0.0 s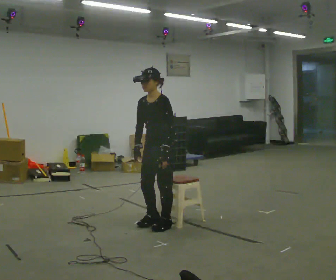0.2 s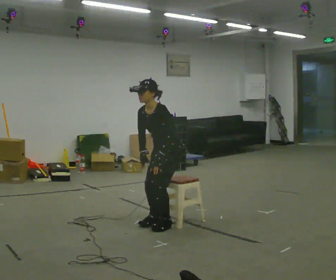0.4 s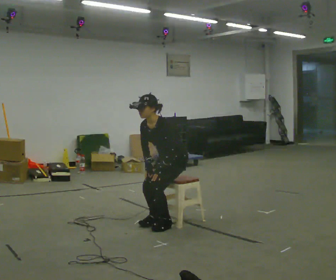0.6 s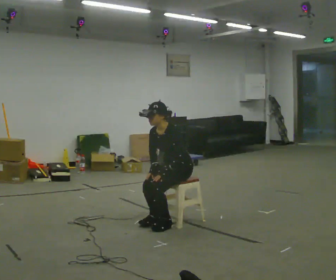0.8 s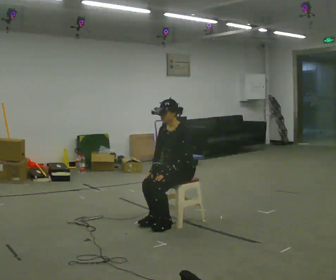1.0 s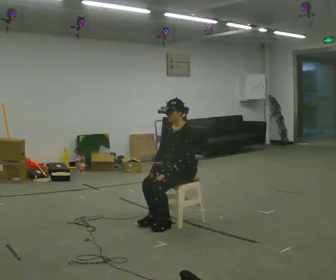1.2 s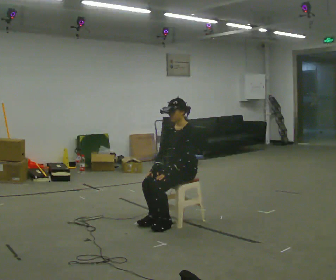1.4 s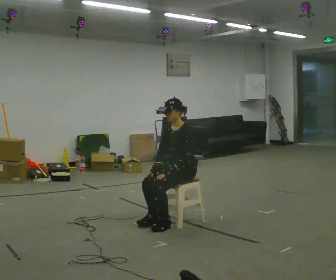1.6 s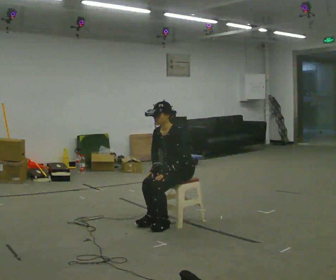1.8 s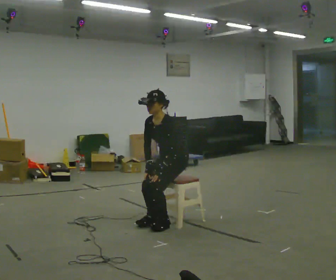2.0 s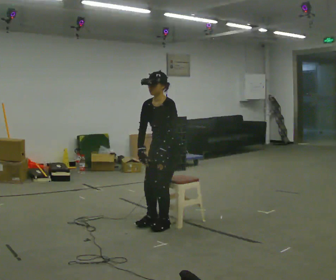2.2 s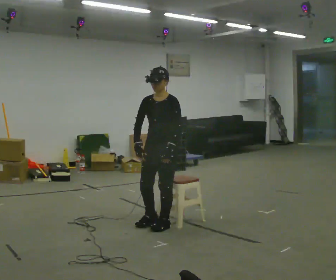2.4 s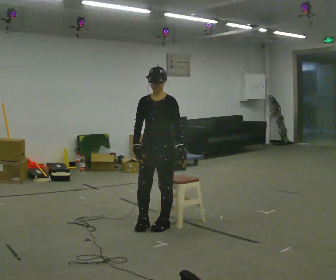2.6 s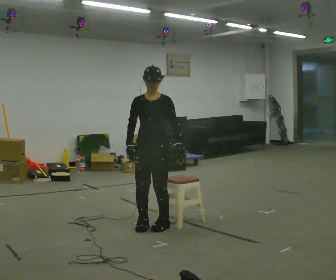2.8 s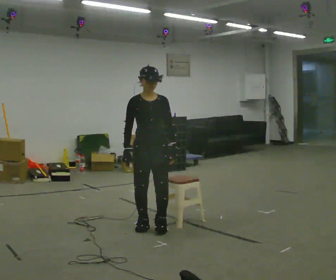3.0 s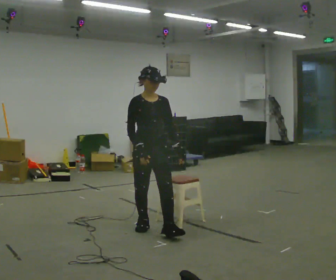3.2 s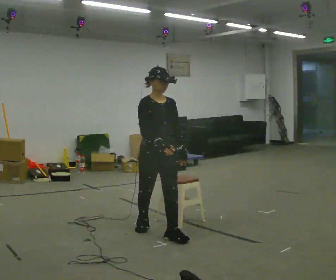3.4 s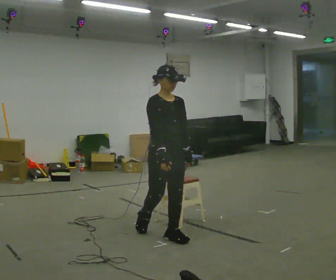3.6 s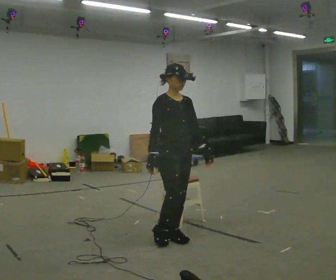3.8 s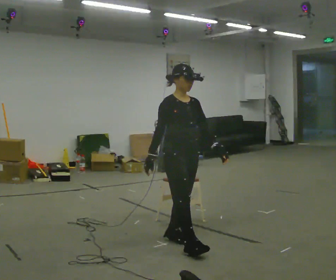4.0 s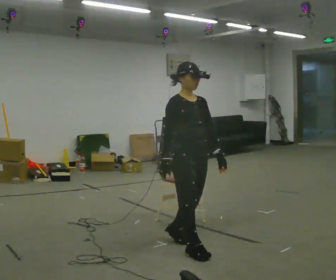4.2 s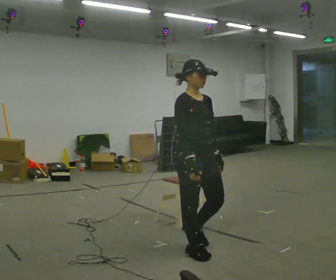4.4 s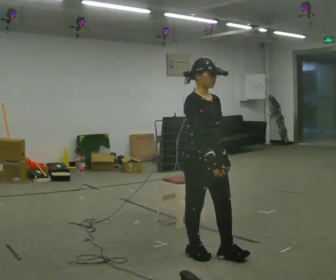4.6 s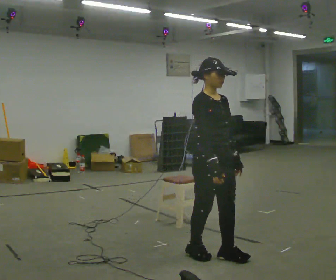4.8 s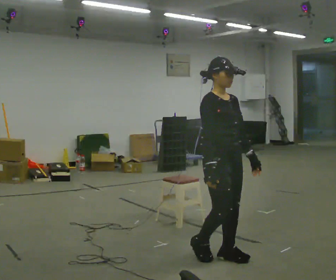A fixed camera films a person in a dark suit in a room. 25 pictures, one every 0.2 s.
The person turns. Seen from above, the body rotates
counterclockwise.
The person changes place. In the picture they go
toward the camera.
0.0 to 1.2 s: In the picture they go to the right, about 0.25 m in 1 step, which for them is backward. The upper body goes downward.
1.2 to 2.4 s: The person turns about 30 degrees to their left, counterclockwise seen from above, so the part of the body nearest the lens slides to the right. In the picture they go to the left and toward the camera, about 0.25 m in 1 step, which for them is forward. The shoulders move upward.
2.4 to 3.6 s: Seen from above the body turns counterclockwise, about 60 degrees: to their left, with its near side sliding to the right. In the picture they go toward the camera, about 0.5 m in 1 step, which for them is forward.
3.6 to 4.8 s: In the picture they go toward the camera and to the right, about 0.5 m in 2 steps, which for them is forward.
The film runs forward here.
